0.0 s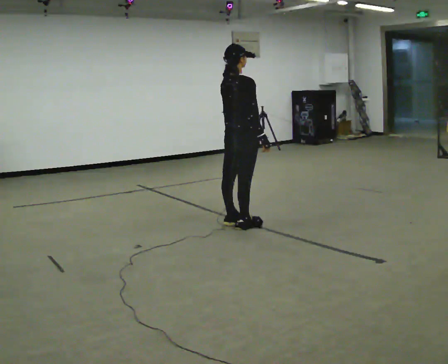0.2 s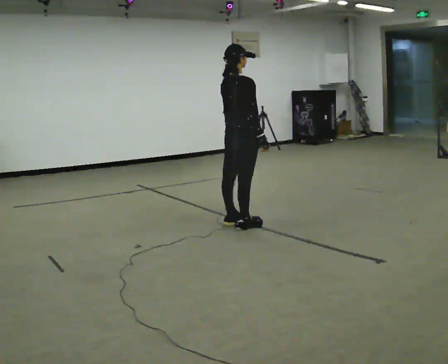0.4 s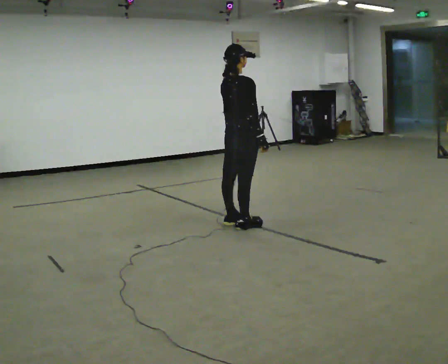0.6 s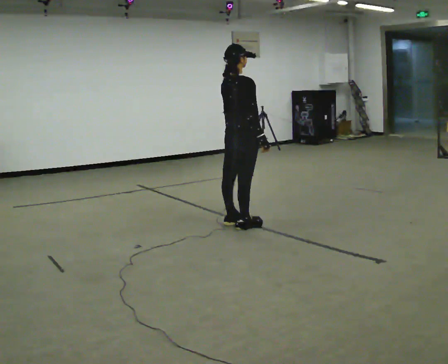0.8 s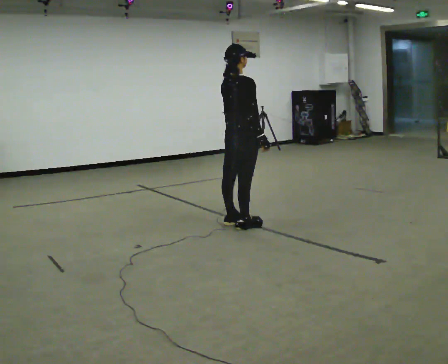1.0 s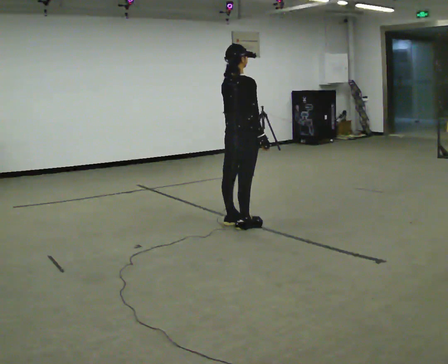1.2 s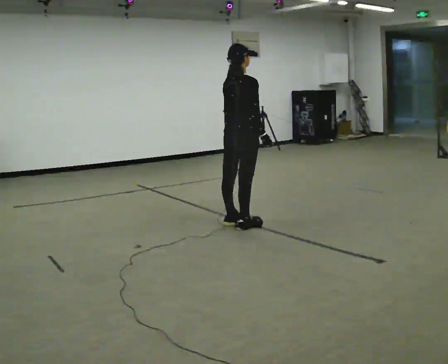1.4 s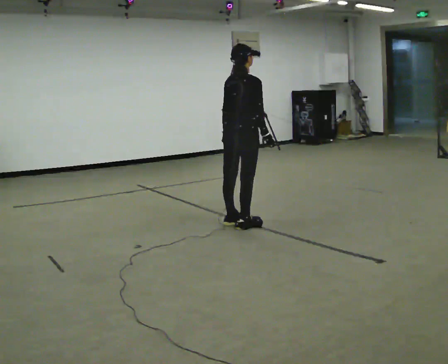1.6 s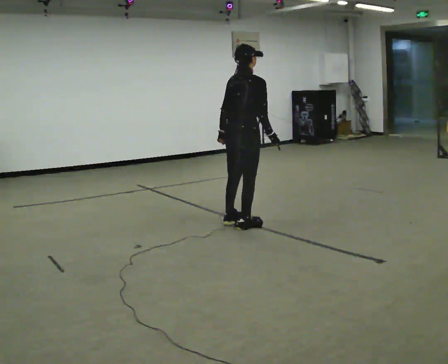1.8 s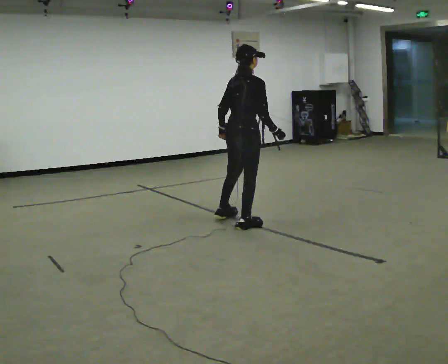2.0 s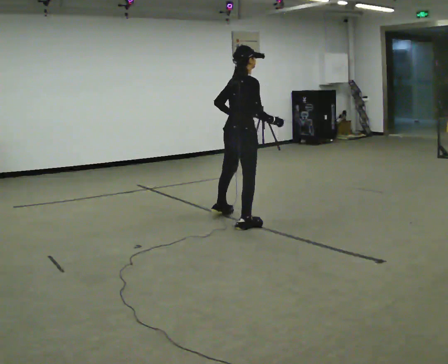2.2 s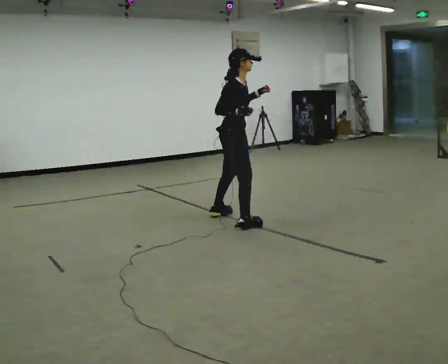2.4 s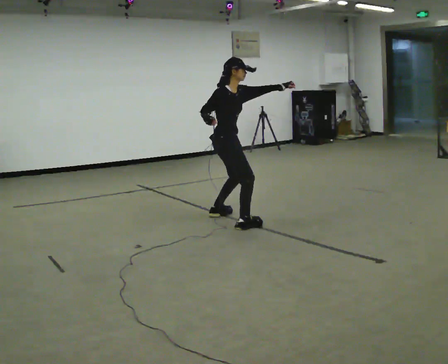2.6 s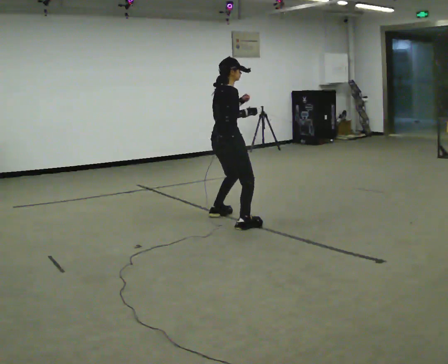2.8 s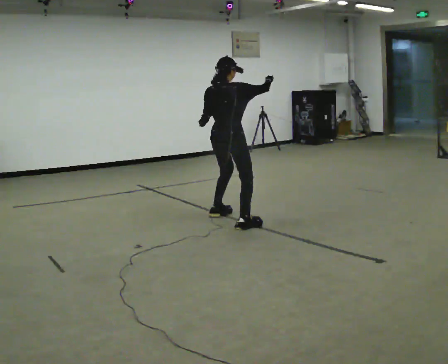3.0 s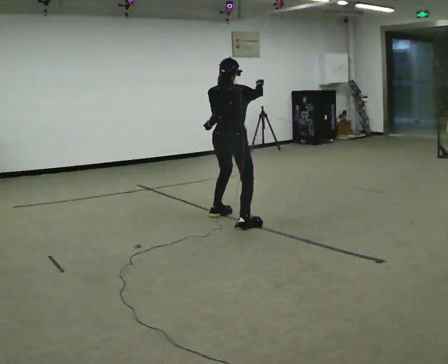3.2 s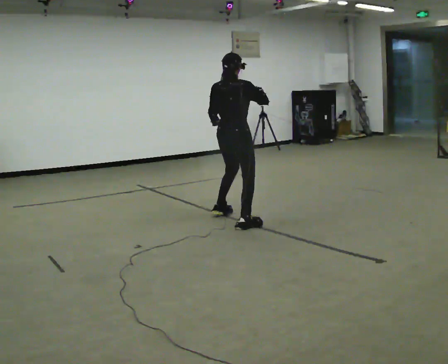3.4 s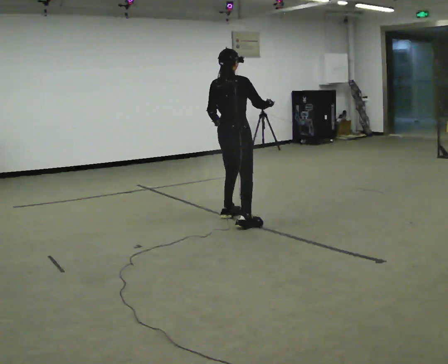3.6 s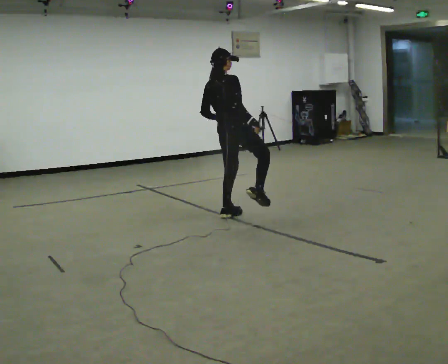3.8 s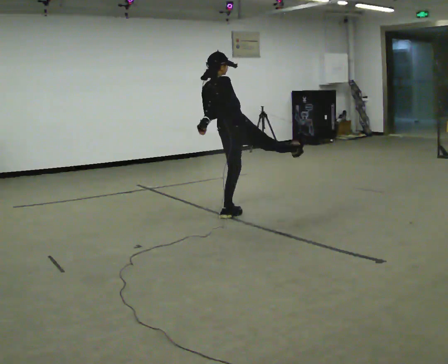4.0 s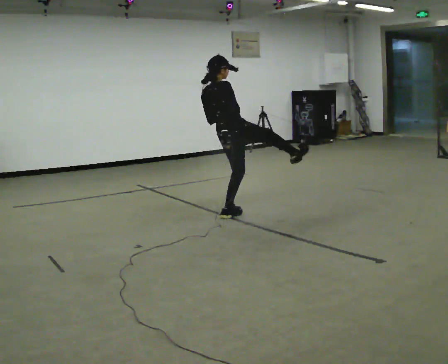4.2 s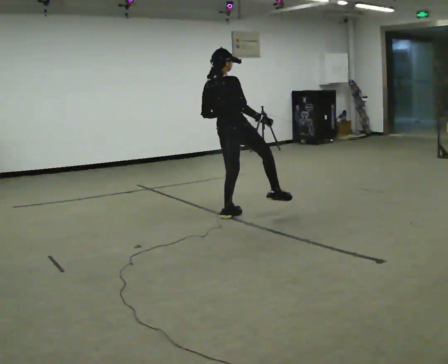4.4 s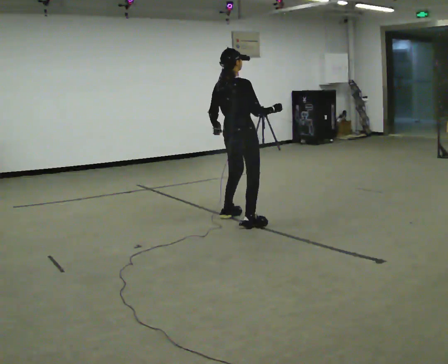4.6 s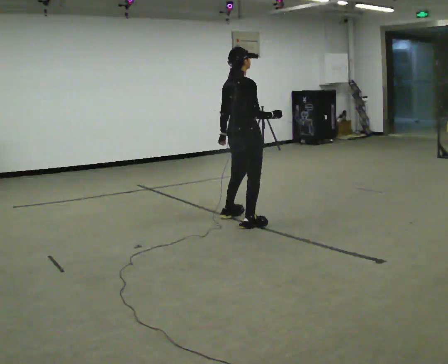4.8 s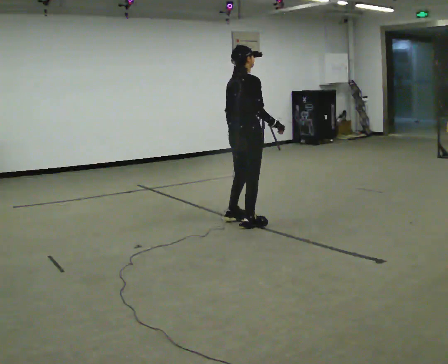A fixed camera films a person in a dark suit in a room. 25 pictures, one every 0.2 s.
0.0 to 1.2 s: The person moves a little, or ends about where they began.
1.2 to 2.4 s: The part of the body nearest the lens slides to the left as the person turns to their right by about 45 degrees. In the picture they go away from the camera, about 0.25 m in 1 step, which for them is to their left. In the picture their left hand goes to the right and upward.
2.4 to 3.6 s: Seen from above the body turns counterclockwise, about 60 degrees: to their left, with its near side sliding to the right. In the picture the upper body tilts counterclockwise, shoulders to the left. In the picture their left hand goes to the left.
3.6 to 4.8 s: In the picture they go toward the camera, about 0.25 m, which for them is to their right and backward.
The film runs forward here.
